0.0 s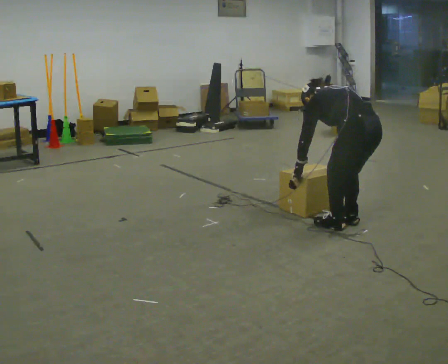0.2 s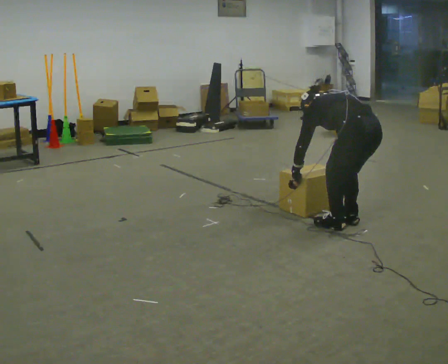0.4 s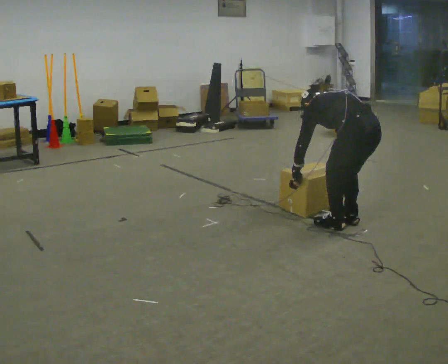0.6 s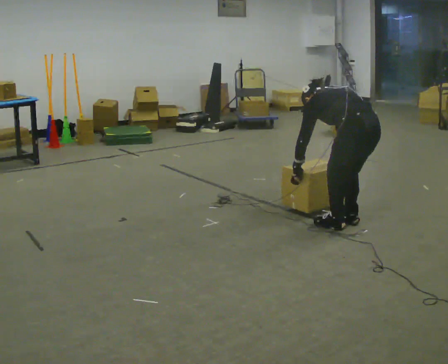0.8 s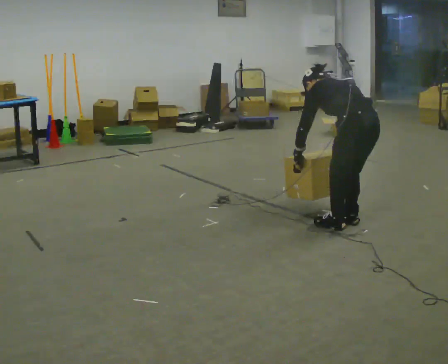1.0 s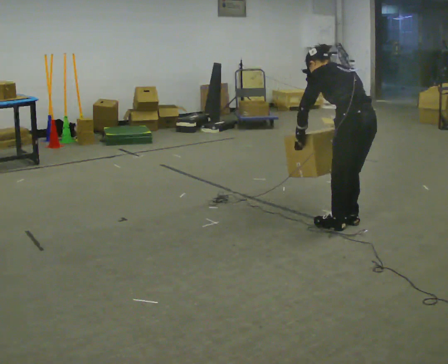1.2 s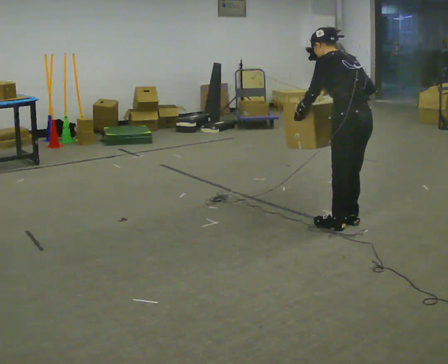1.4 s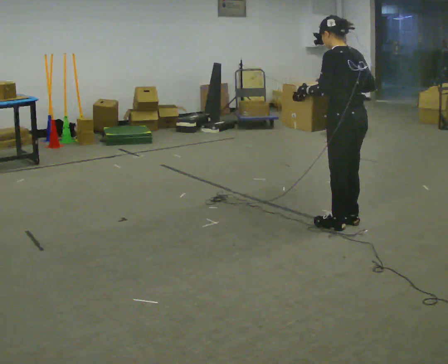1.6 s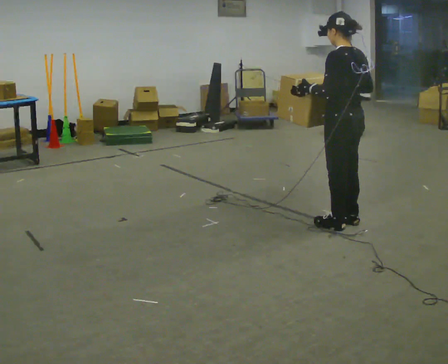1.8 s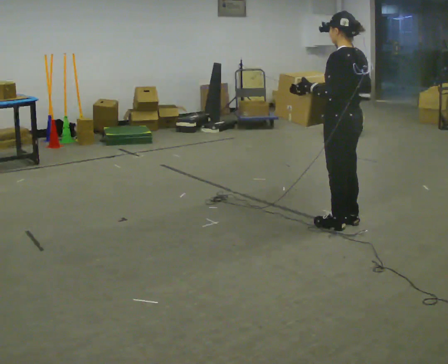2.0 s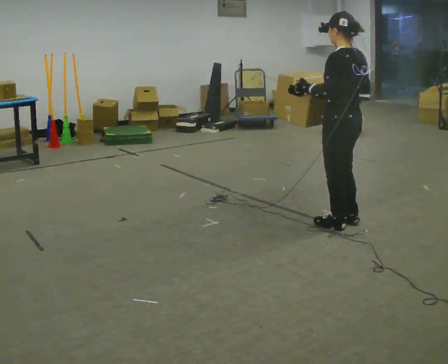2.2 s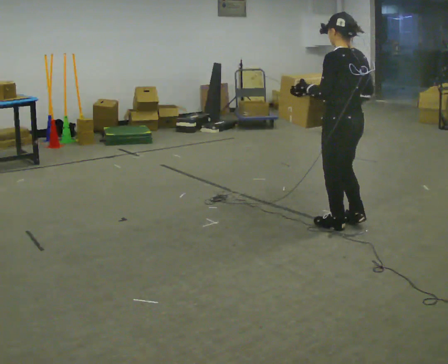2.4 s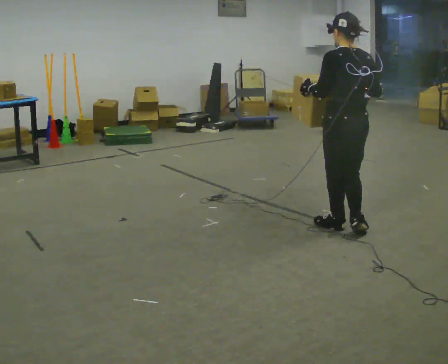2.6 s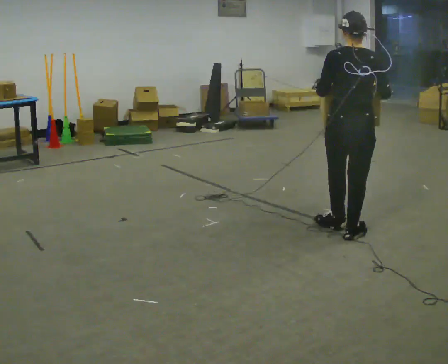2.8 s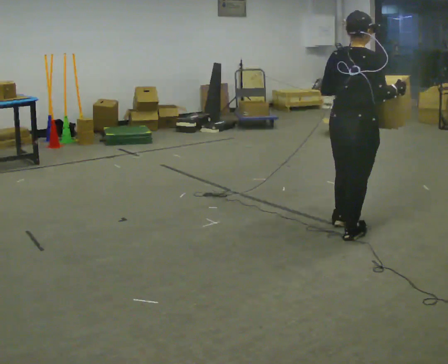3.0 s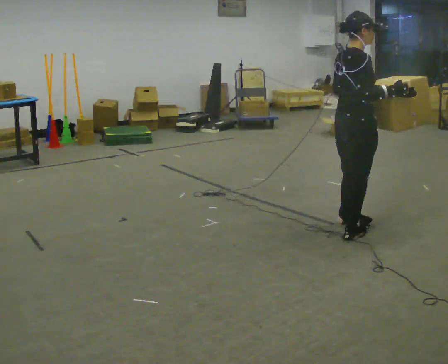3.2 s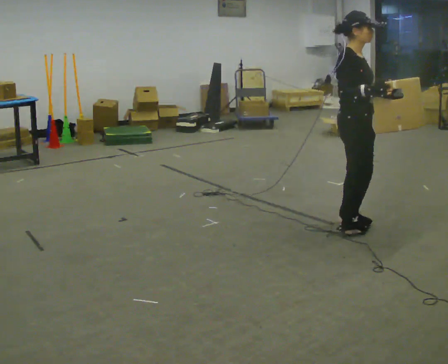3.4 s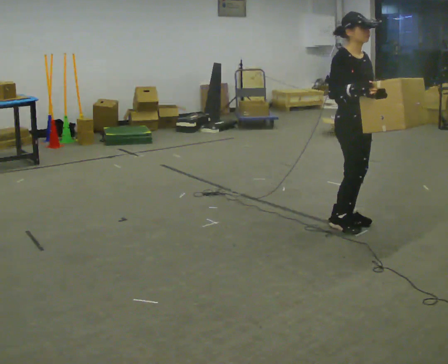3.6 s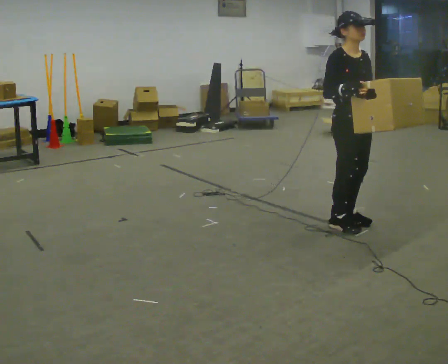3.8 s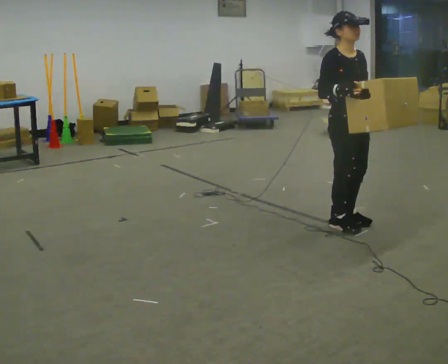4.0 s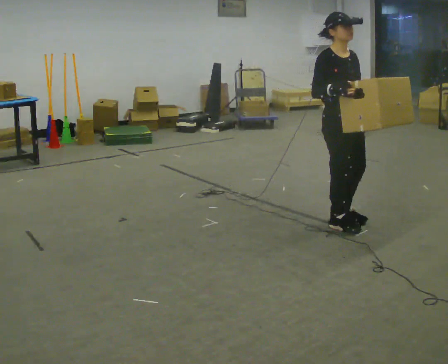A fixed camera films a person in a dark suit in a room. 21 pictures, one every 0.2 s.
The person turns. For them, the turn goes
to their right.
Their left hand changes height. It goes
upward.
0.0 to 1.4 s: The shoulders move upward. The upper body tips toward the camera, its near side rolling downward, as they lean back or straighten. In the picture their left hand goes upward.
1.4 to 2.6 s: The part of the body nearest the lens slides to the left as the person turns to their right by about 45 degrees.
2.6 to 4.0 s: The part of the body nearest the lens slides to the left as the person turns to their right by about 135 degrees. In the picture they go away from the camera, about 0.25 m in 2 steps. In the picture their right hand goes to the left.
The film runs backward here.
